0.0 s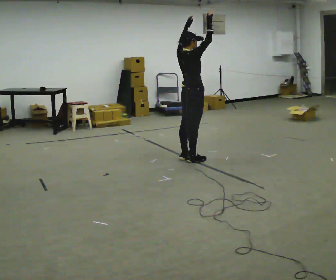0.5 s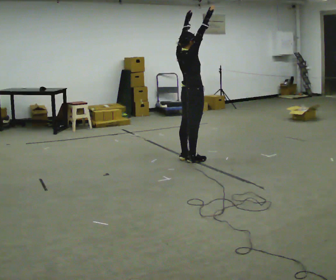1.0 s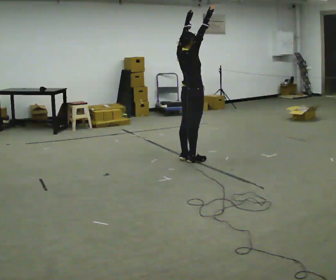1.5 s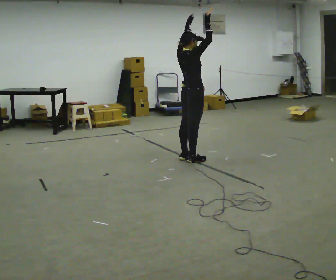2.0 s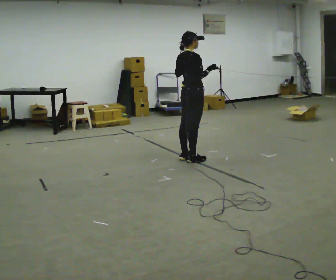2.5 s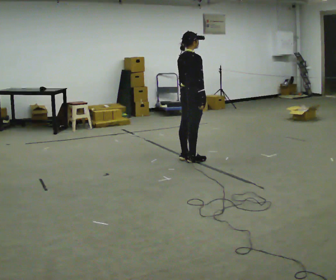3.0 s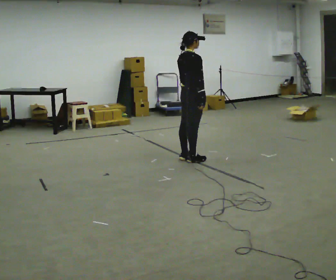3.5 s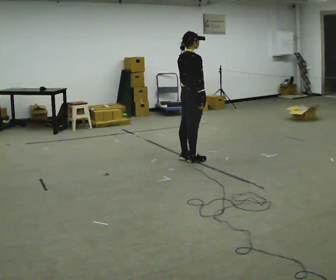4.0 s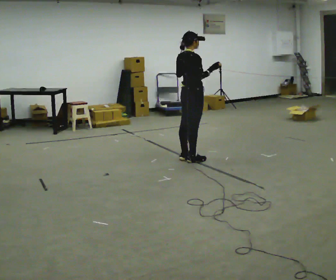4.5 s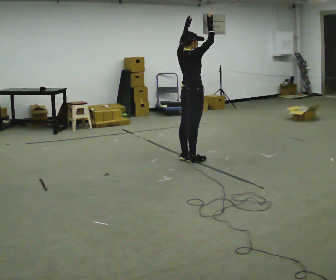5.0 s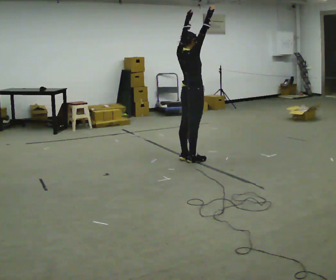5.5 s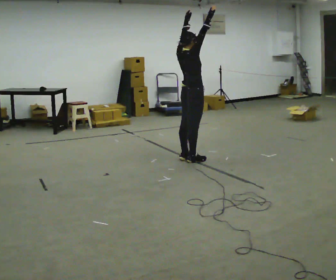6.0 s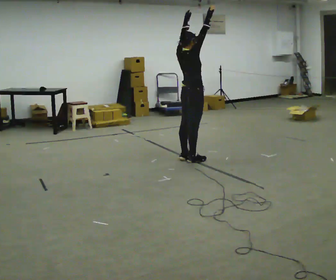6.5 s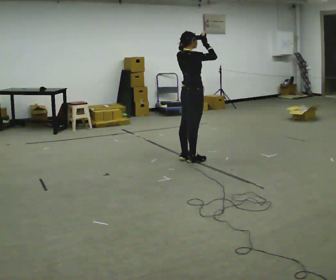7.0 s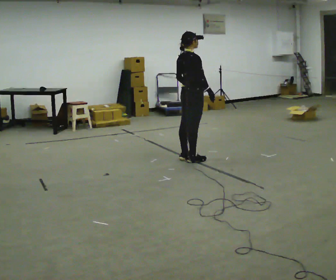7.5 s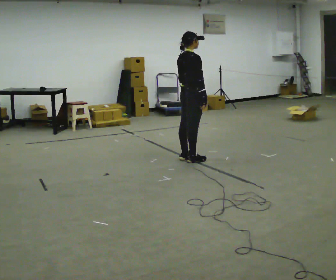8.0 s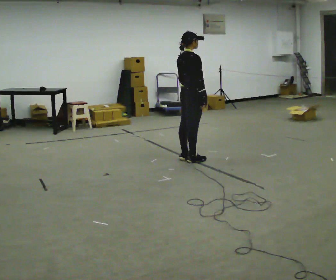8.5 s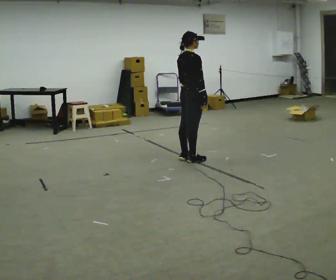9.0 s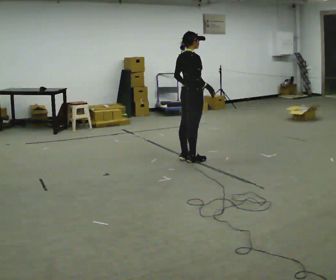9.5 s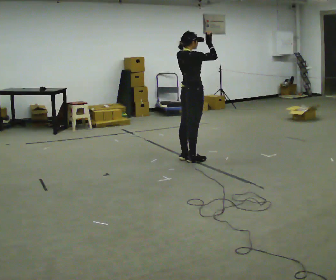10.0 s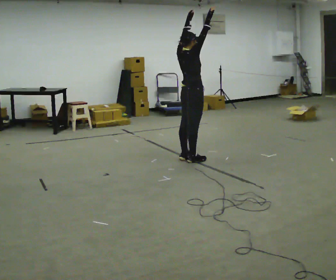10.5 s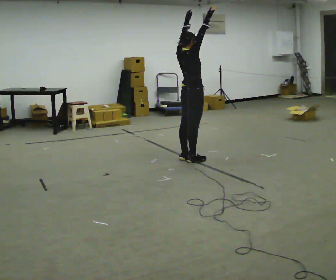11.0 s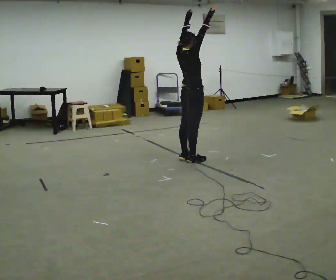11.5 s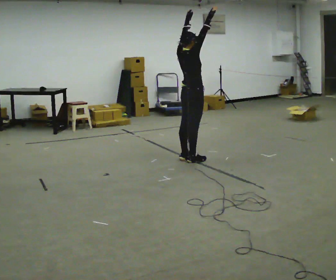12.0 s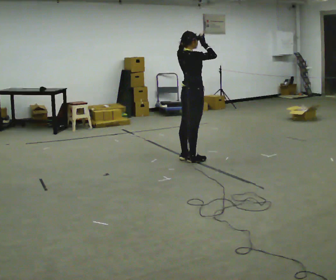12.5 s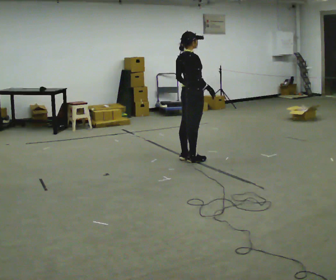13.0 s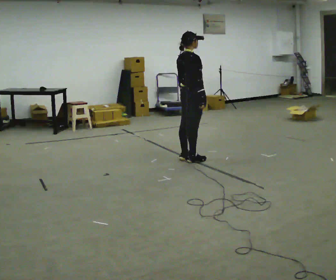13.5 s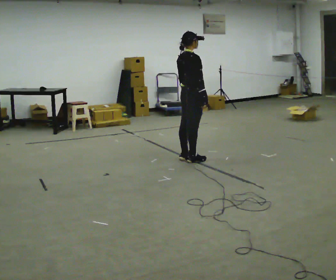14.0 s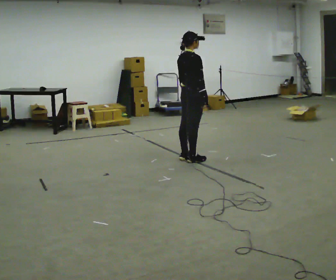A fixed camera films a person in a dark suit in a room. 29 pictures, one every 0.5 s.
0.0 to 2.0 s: In the picture their right hand goes downward.
2.0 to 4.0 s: The person moves a little, or ends about where they began.
4.0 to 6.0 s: In the picture their right hand goes upward.
6.0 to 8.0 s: In the picture their left hand goes downward.
8.0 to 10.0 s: In the picture their left hand goes upward.
10.0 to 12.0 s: In the picture their right hand goes downward.
12.0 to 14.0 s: In the picture their left hand goes downward.
The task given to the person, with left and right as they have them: Keeping your feet still, reach both arms up overhead as high as is comfortable, then lower them. Repeat the movement at your own pace until the operator says stop; do not rush.
The film runs forward here.
